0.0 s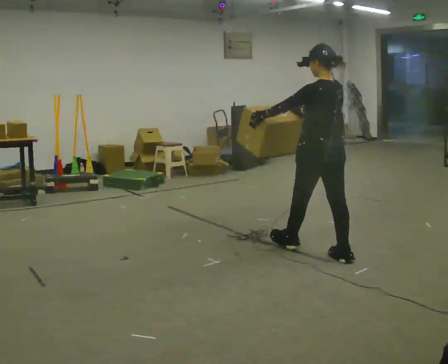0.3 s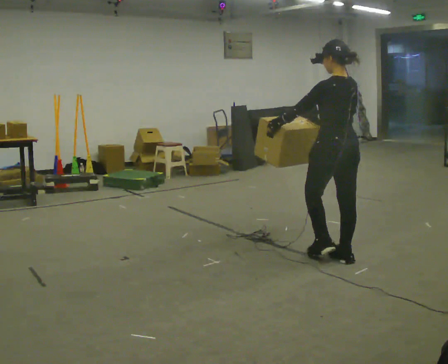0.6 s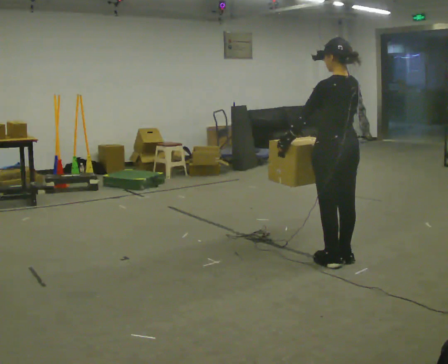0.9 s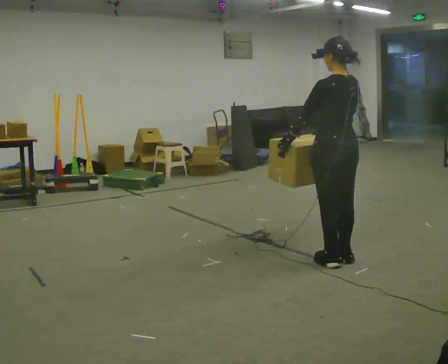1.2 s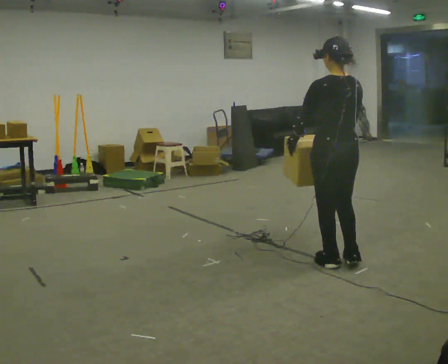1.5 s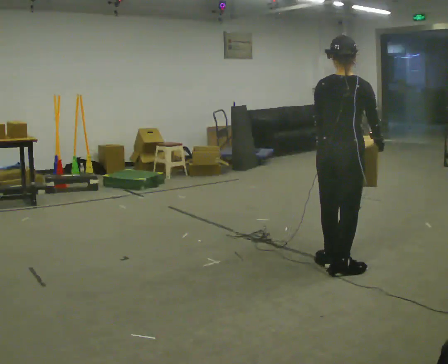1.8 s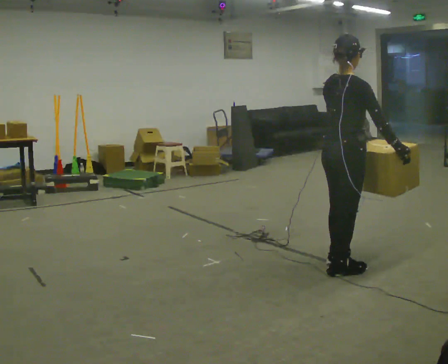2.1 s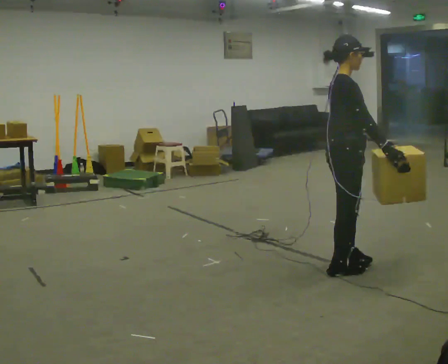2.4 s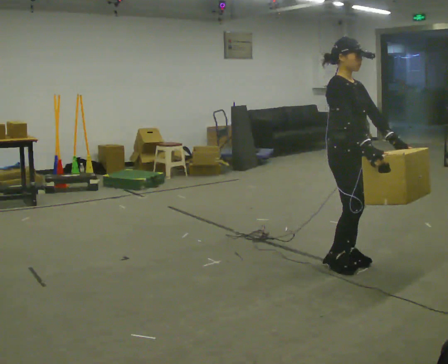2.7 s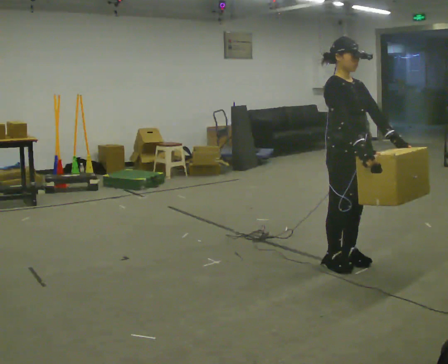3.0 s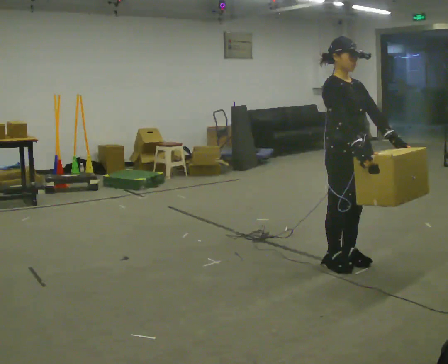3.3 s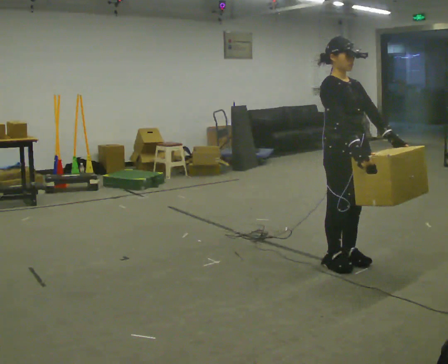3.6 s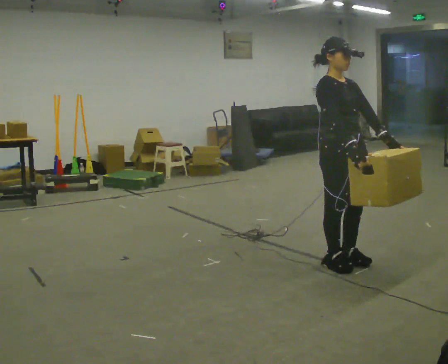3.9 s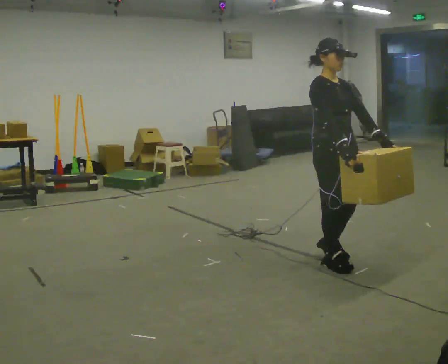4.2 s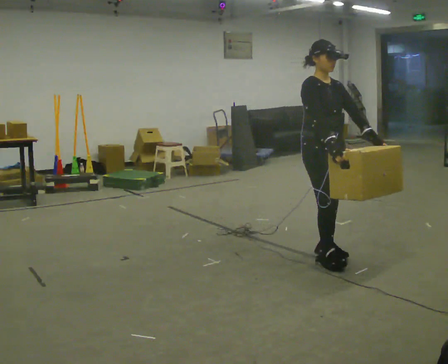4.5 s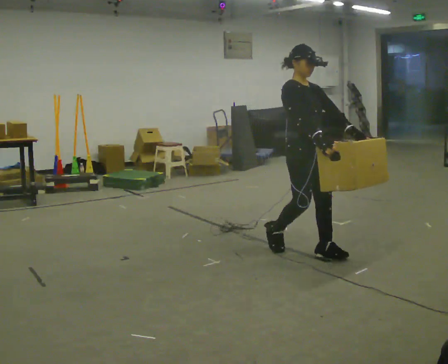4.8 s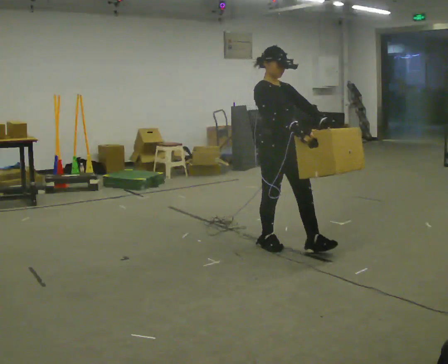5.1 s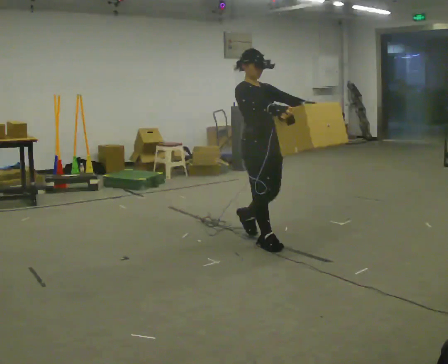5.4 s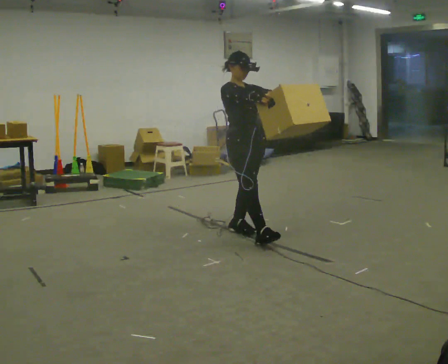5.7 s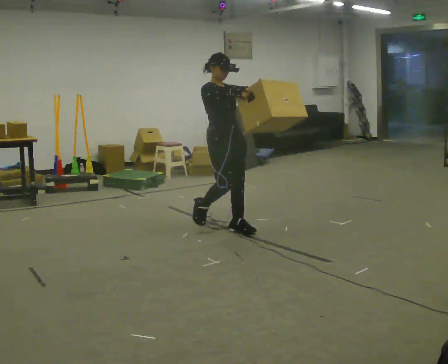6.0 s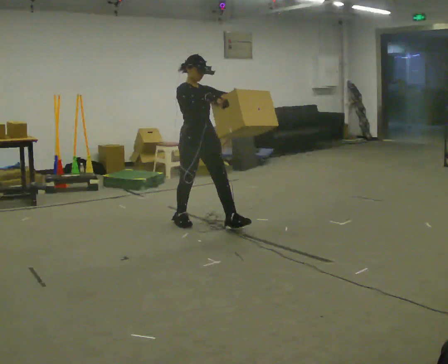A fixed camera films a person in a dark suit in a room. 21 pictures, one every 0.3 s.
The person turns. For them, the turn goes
to their right.
The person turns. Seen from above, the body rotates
clockwise.
0.0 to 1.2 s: In the picture they go toward the camera, about 0.25 m in 1 step, which for them is backward.
1.2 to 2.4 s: The person turns about 135 degrees to their right, clockwise seen from above, so the part of the body nearest the lens slides to the left.
2.4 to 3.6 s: The person moves a little, or ends about where they began.
3.6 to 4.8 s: In the picture they go to the left and away from the camera, about 0.5 m in 3 steps, which for them is backward.
4.8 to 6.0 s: In the picture they go to the left and away from the camera, about 1 m in 2 steps, which for them is backward.
The film runs backward here.
